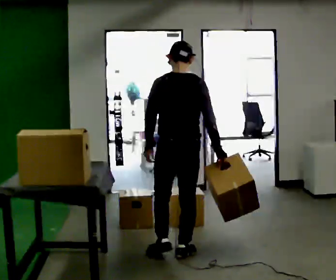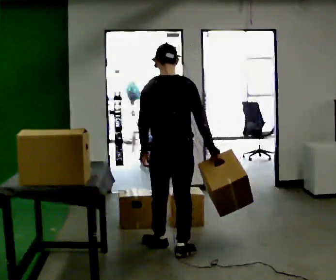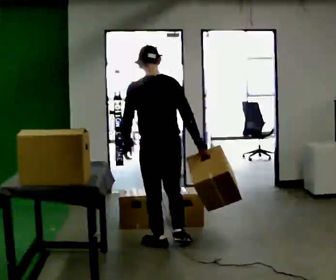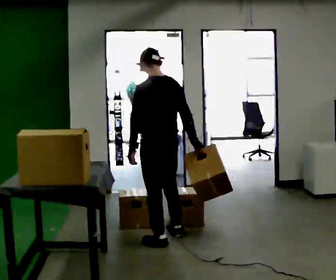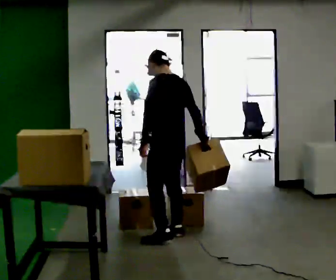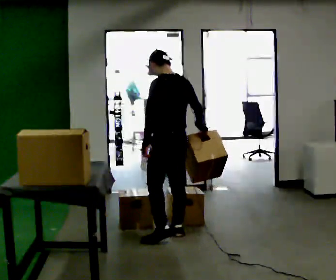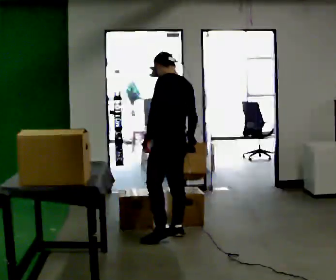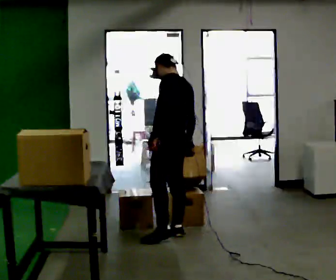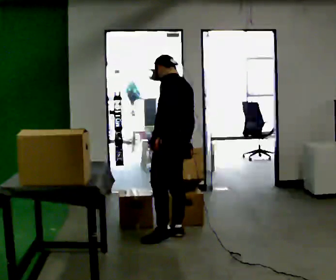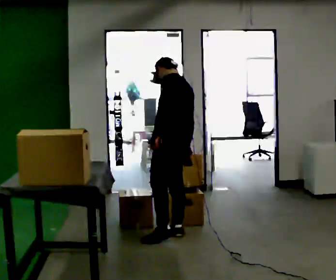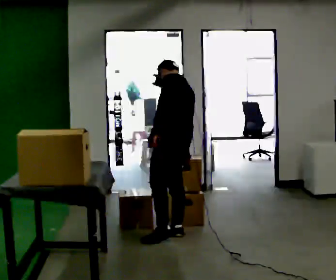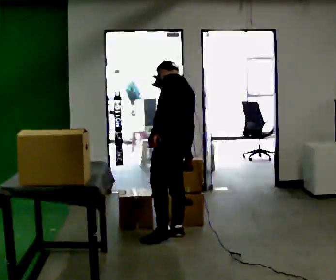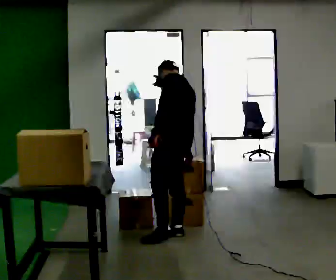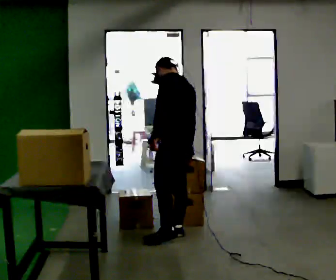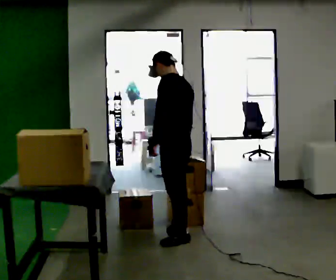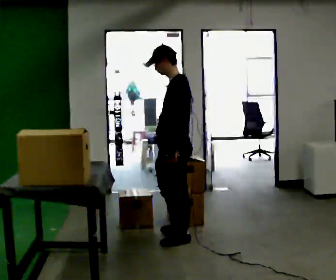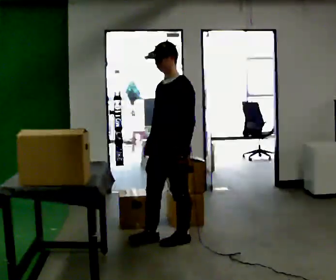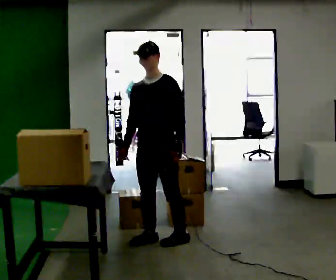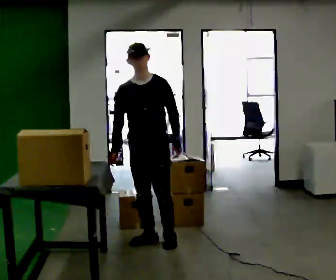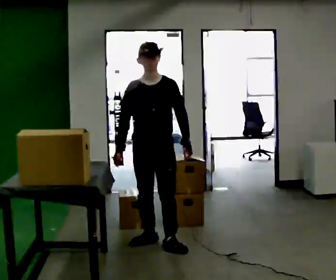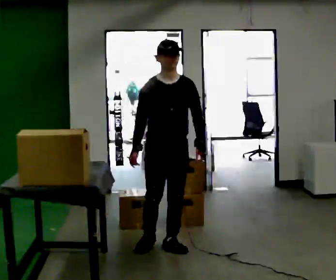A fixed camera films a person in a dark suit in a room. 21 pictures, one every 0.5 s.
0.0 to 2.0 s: The person turns about 45 degrees to their left, counterclockwise seen from above, so the part of the body nearest the lens slides to the right. In the picture they go away from the camera, about 0.5 m in 2 steps, which for them is forward.
2.0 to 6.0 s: The person moves a little, or ends about where they began.
6.0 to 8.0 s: The part of the body nearest the lens slides to the right as the person turns to their left by about 60 degrees. In the picture they go toward the camera, about 0.25 m in 1 step. The upper body tips toward the camera, its near side rolling downward.
8.0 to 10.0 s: The person turns about 60 degrees to their left, counterclockwise seen from above, so the part of the body nearest the lens slides to the right. In the picture they go toward the camera, about 0.25 m in 1 step.
The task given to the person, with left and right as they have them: Take boxes off the top of the stack one at a time and carry them away, walking back for each one. Keep going until the operator says stop; one object at a time, and do not rush between trips.
The film runs forward here.
